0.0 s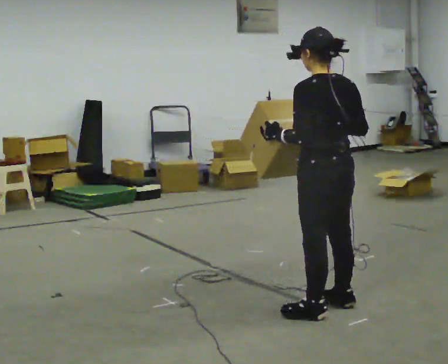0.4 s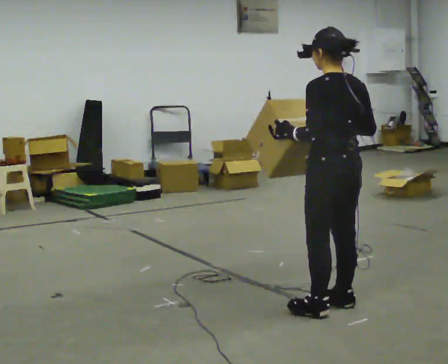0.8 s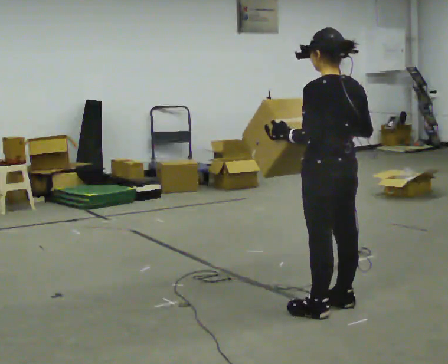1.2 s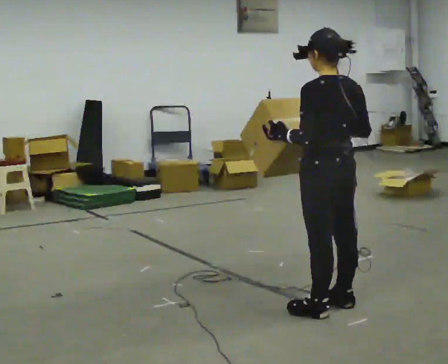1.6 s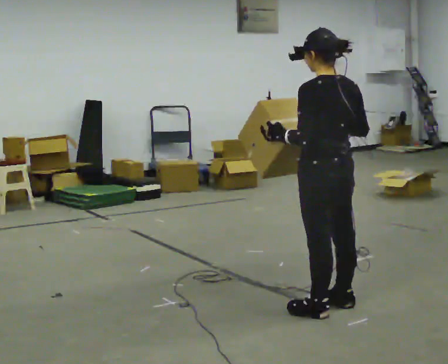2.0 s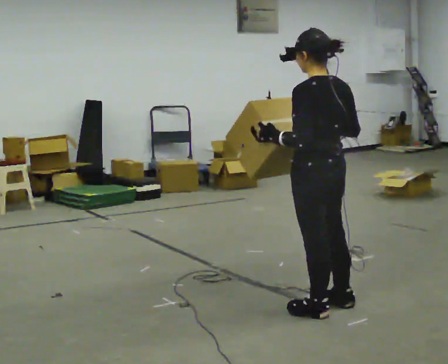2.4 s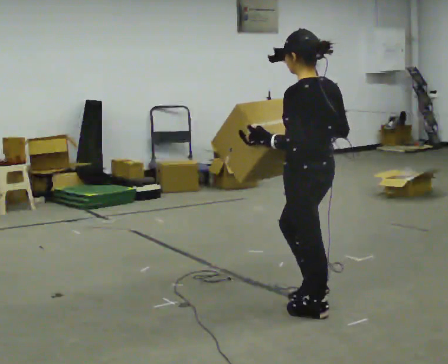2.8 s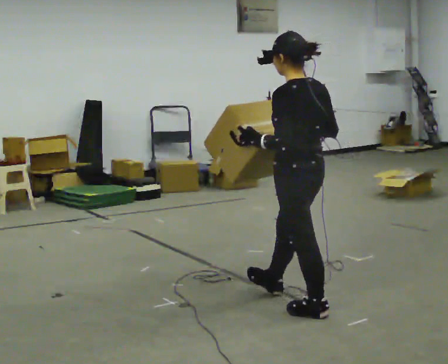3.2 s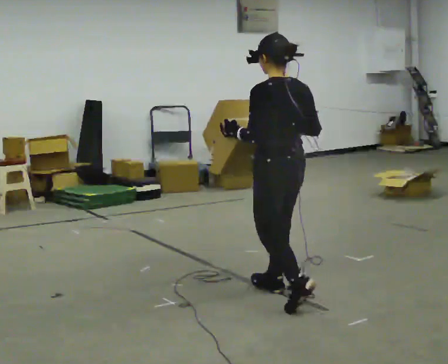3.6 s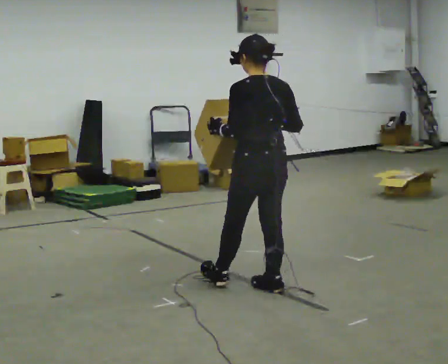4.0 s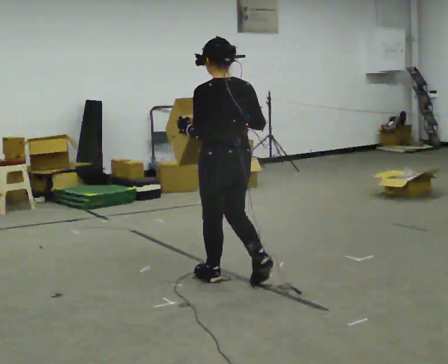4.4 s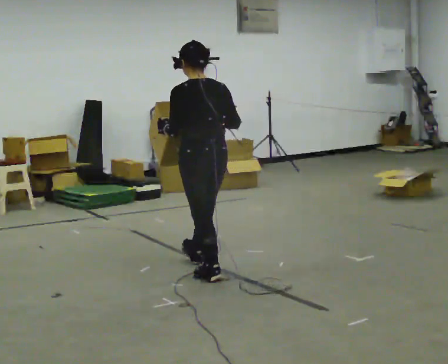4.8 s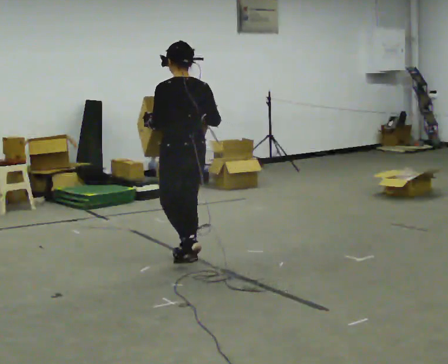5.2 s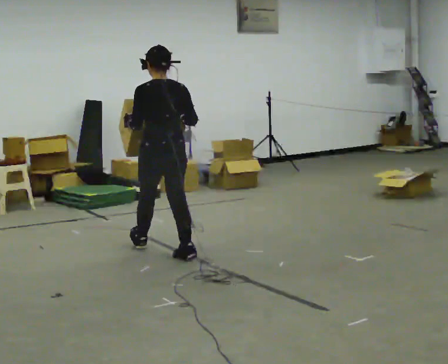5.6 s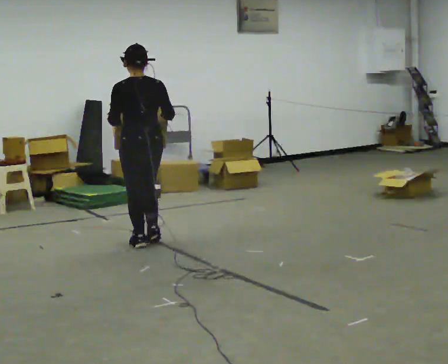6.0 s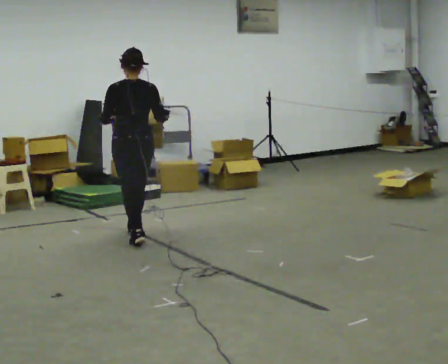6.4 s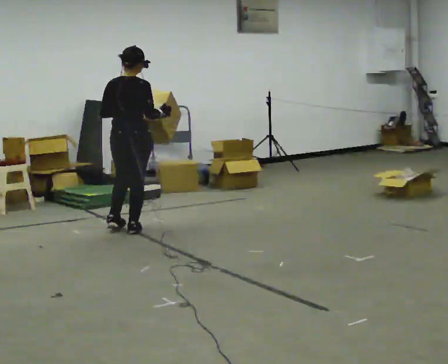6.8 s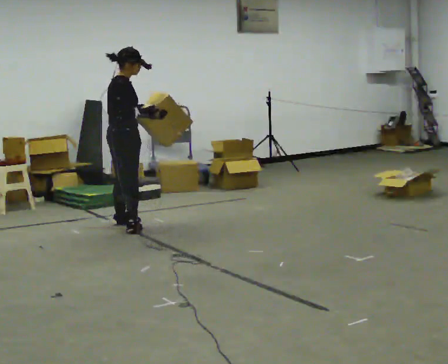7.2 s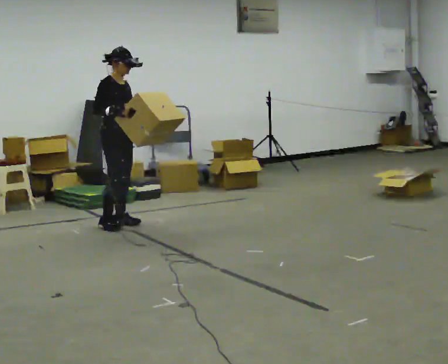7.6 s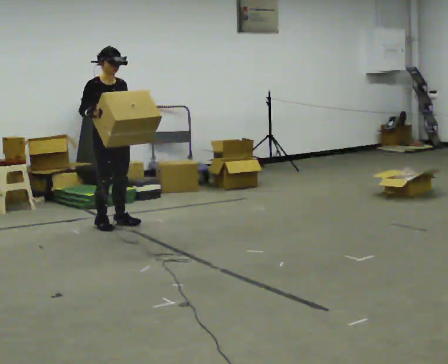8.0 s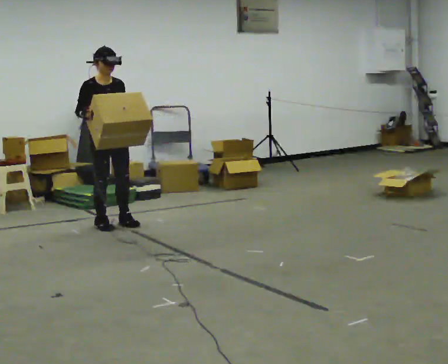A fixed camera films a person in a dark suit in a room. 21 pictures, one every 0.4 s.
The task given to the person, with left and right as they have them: Carry the medium box in both hands in front of you, walking back and forth across the room. Keep walking until the operator says stop.
0.0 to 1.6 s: The person moves a little, or ends about where they began.
1.6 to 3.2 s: In the picture they go away from the camera and to the left, about 0.25 m in 1 step, which for them is forward.
3.2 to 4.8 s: In the picture they go away from the camera and to the left, about 1 m in 2 steps, which for them is forward.
4.8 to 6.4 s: The person turns about 45 degrees to their right, clockwise seen from above, so the part of the body nearest the lens slides to the left. In the picture they go away from the camera and to the left, about 1 m in 2 steps, which for them is forward.
6.4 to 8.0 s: The part of the body nearest the lens slides to the left as the person turns to their right by about 135 degrees. In the picture they go away from the camera and to the left, about 0.25 m in 2 steps.
The film runs forward here.
